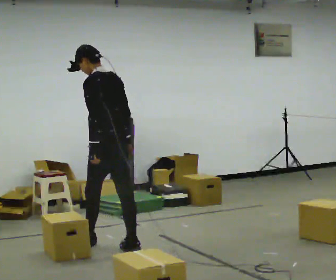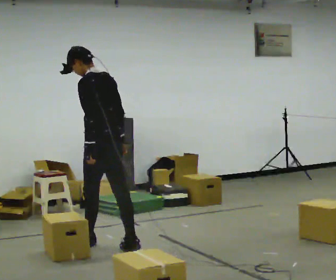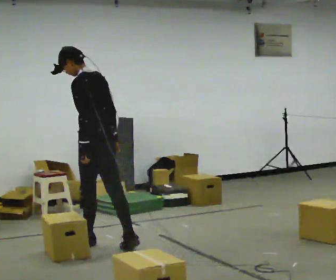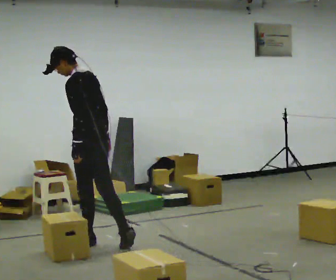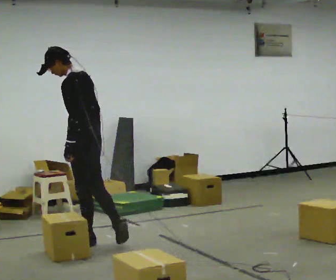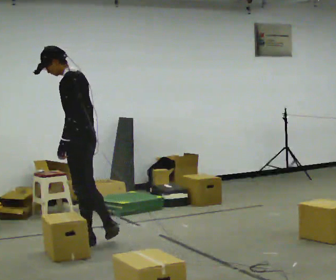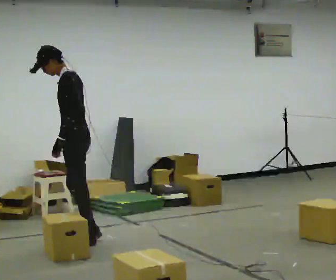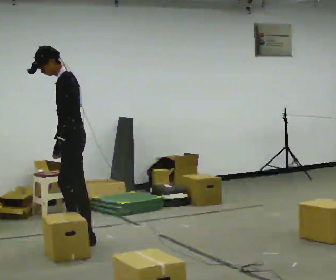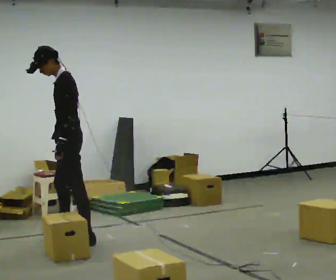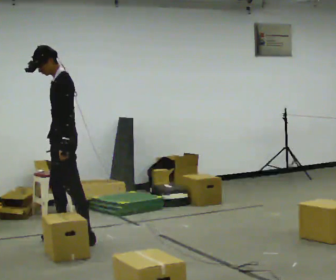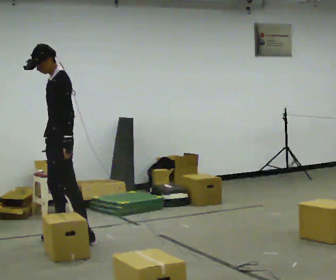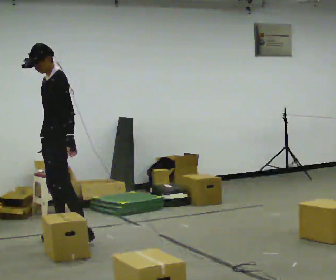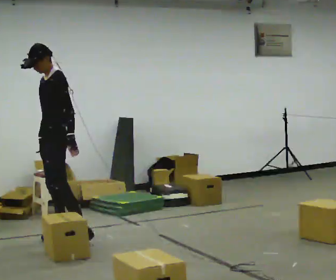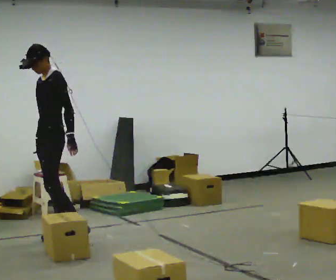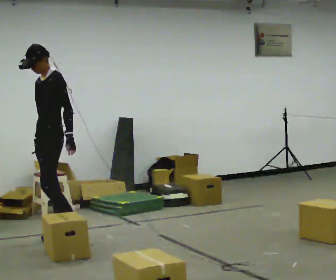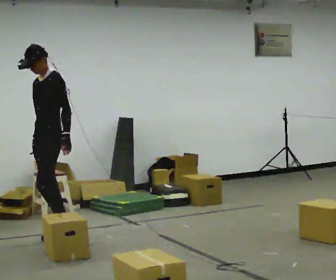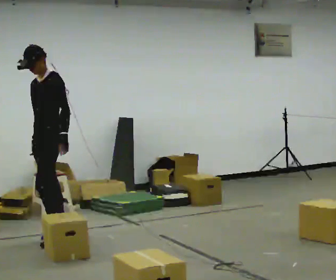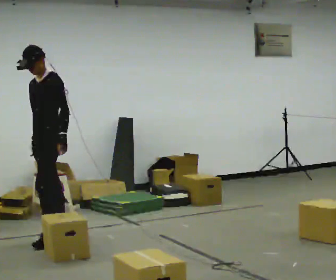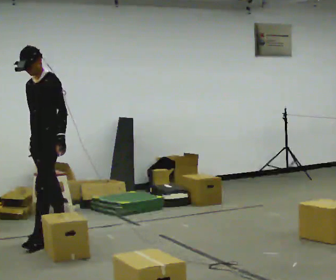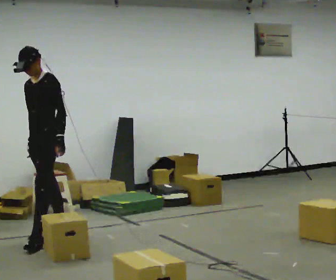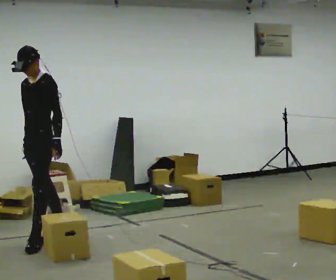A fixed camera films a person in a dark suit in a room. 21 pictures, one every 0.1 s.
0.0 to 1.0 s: Seen from above the body turns counterclockwise, about 60 degrees: to their left, with its near side sliding to the right. In the picture they go away from the camera and to the left, about 0.5 m in 1 step, which for them is forward.
1.0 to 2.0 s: In the picture they go to the left, about 0.25 m in 1 step, which for them is forward.
The film runs forward here.
